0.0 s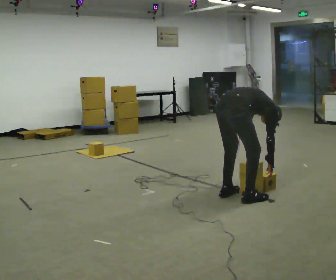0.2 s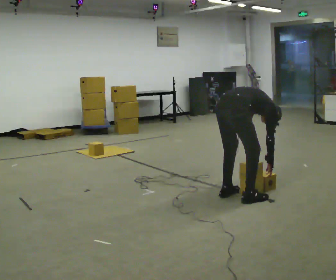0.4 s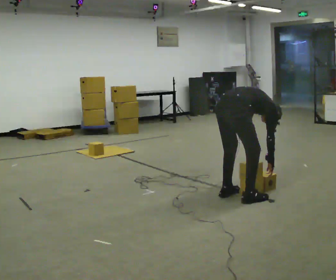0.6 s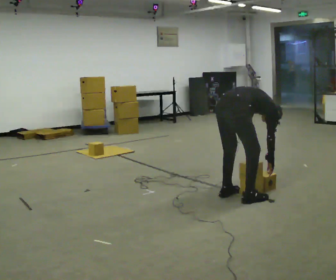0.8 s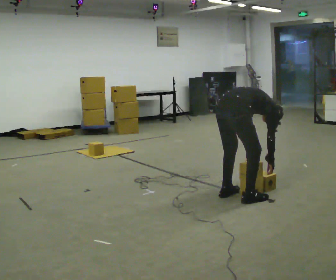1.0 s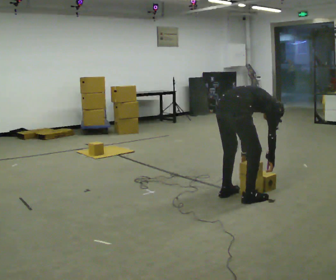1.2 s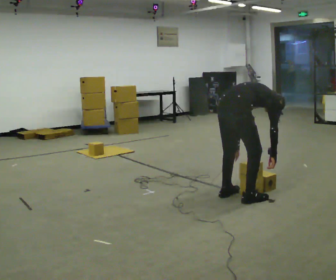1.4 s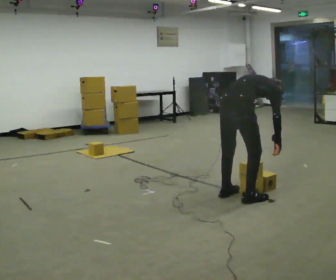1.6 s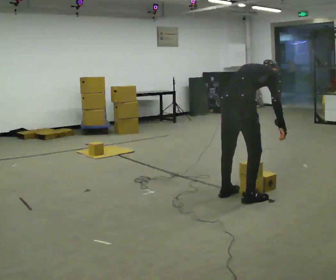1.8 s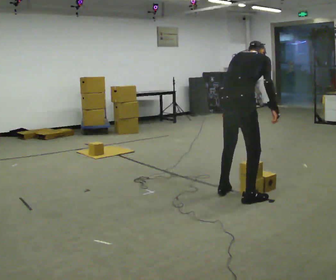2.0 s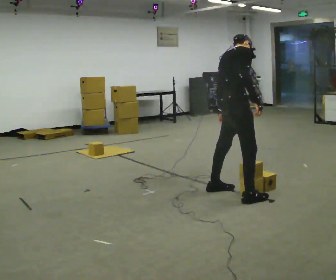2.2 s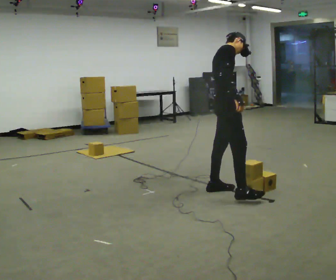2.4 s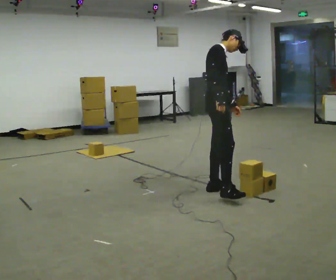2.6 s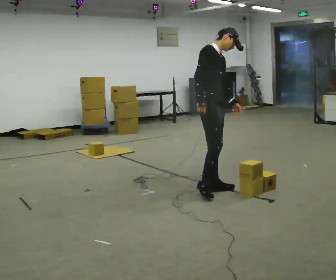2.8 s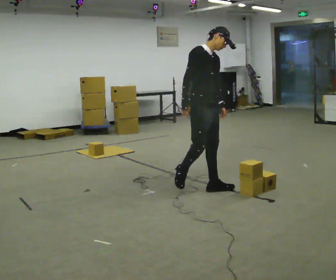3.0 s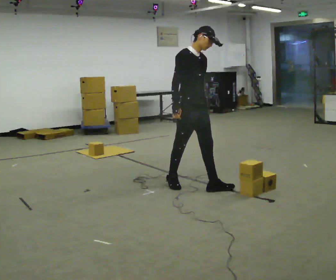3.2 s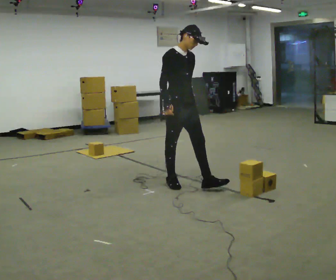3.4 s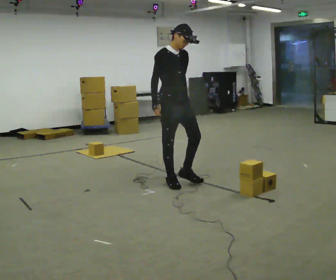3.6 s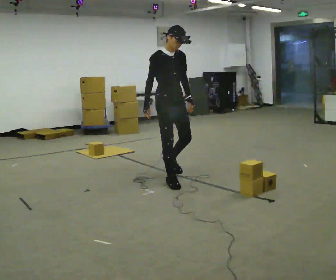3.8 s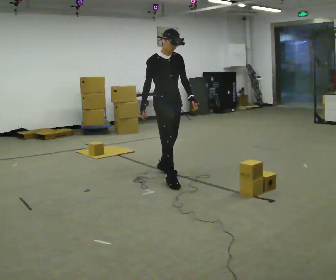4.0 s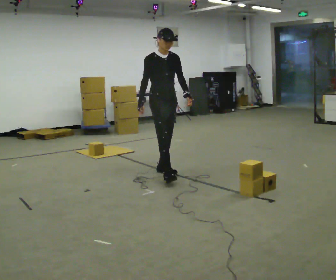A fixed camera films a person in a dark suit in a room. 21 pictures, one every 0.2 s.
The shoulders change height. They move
upward.
The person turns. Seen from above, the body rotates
clockwise.
0.0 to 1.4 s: The upper body goes upward. In the picture the upper body tilts counterclockwise, shoulders to the left, as they lean back or straighten.
1.4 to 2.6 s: Seen from above the body turns clockwise, about 75 degrees: to their right, with its near side sliding to the left. In the picture they go away from the camera and to the left, about 0.5 m in 2 steps. The upper body goes upward. The upper body tips toward the camera, its near side rolling downward, as they lean back or straighten. In the picture their left hand goes upward, the arm swinging counterclockwise.
2.6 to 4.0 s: Seen from above the body turns clockwise, about 30 degrees: to their right, with its near side sliding to the left. In the picture they go to the left and away from the camera, about 1 m in 2 steps, which for them is backward.
The film runs backward here.
